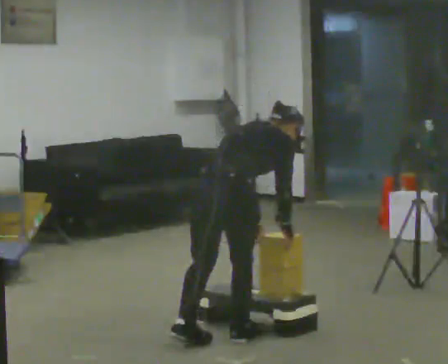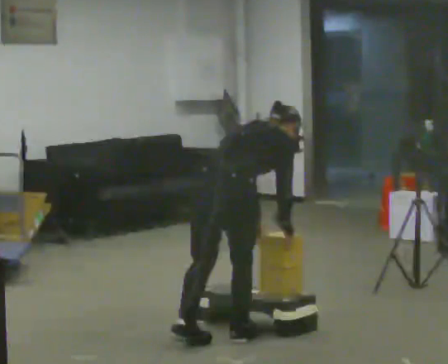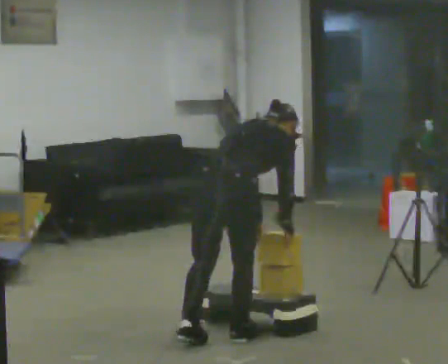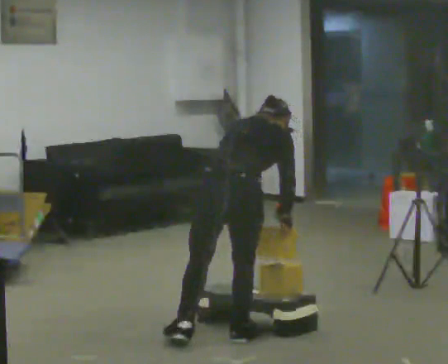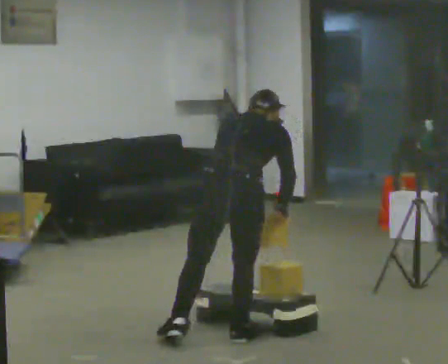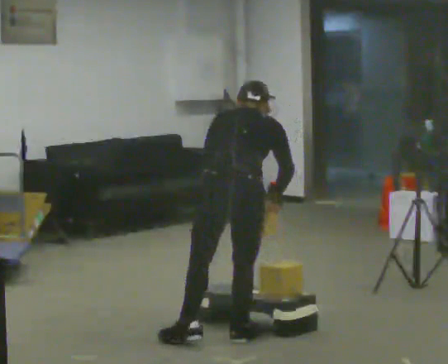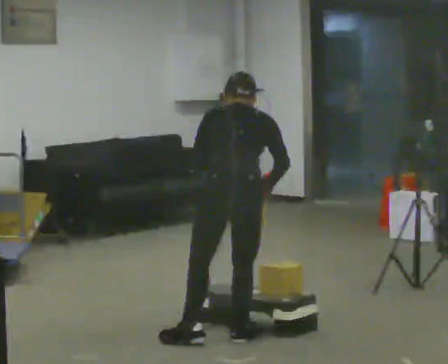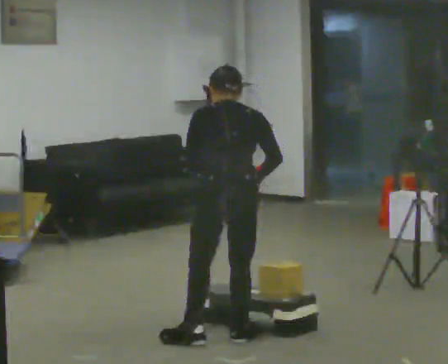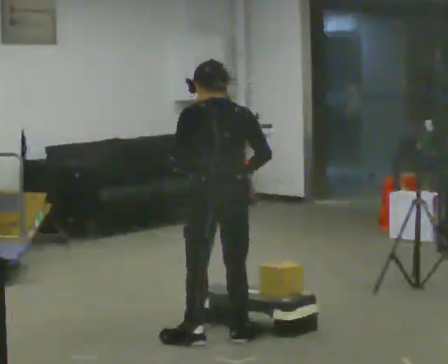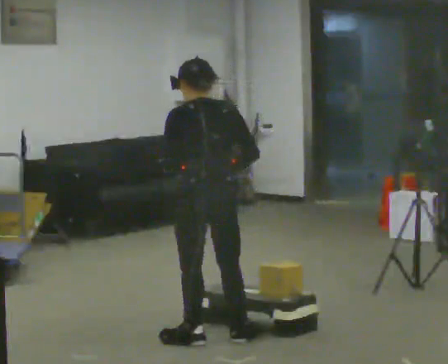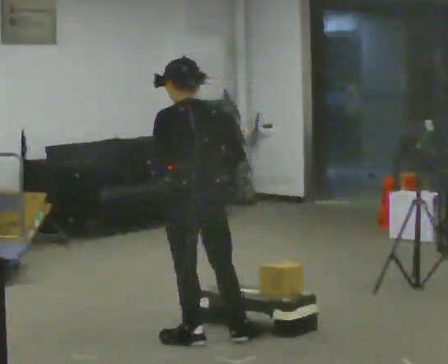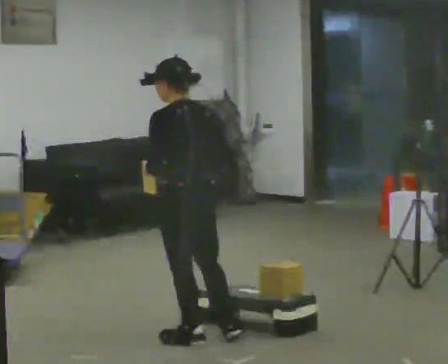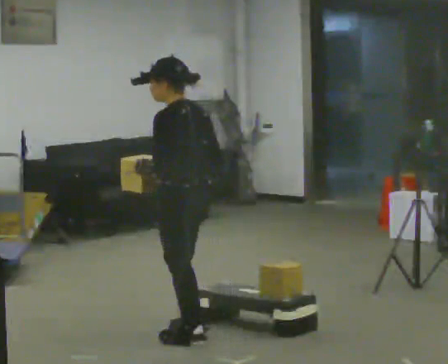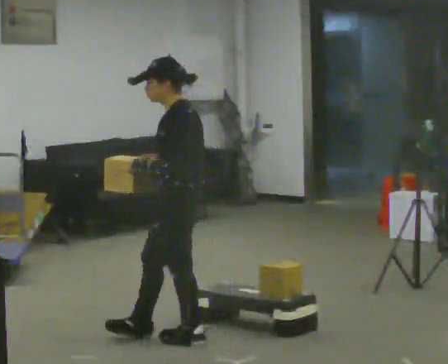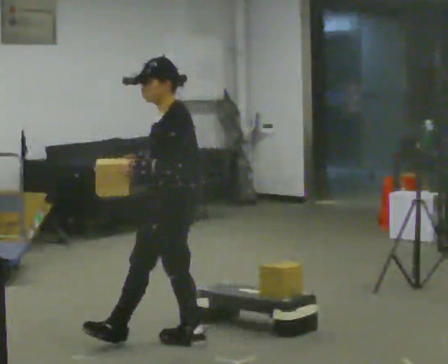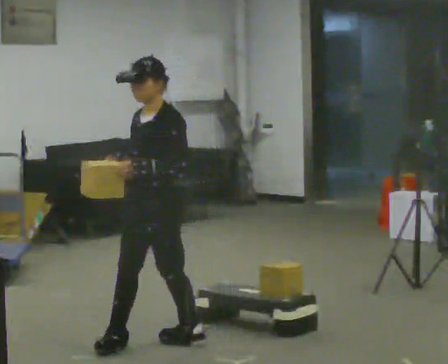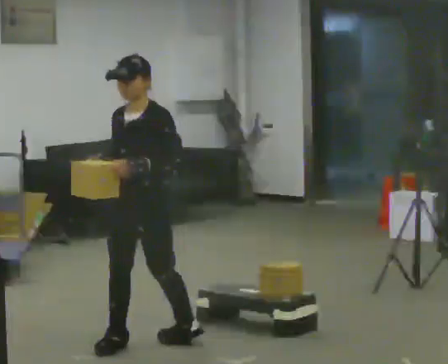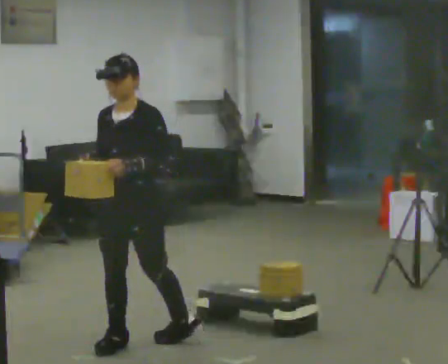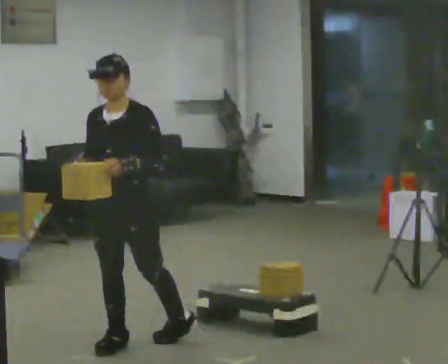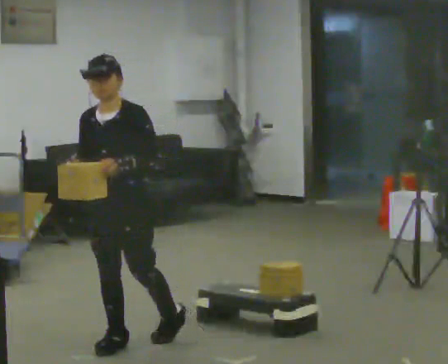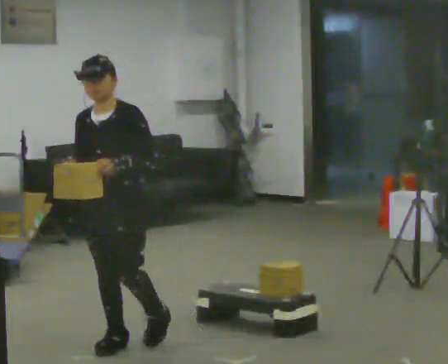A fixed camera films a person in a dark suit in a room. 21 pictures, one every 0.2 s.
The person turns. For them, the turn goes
to their left.
The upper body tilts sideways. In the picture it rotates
counterclockwise.
0.0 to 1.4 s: The person turns about 45 degrees to their left, counterclockwise seen from above, so the part of the body nearest the lens slides to the right. In the picture the upper body tilts counterclockwise, shoulders to the left, as they lean back or straighten.
1.4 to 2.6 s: The part of the body nearest the lens slides to the right as the person turns to their left by about 75 degrees. In the picture they go to the left, about 0.25 m. The upper body tips toward the camera, its near side rolling downward, as they lean back or straighten. In the picture their right hand goes to the left.
2.6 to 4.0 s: The person turns about 75 degrees to their left, counterclockwise seen from above, so the part of the body nearest the lens slides to the right. In the picture they go to the left, about 0.25 m in 1 step.
The film runs forward here.
